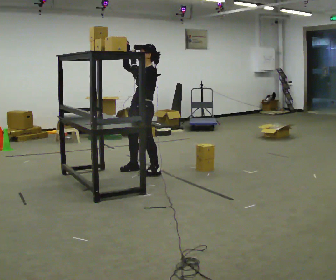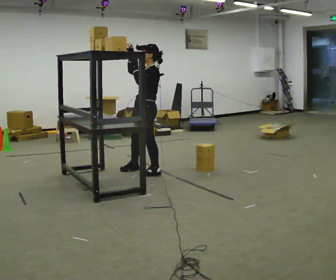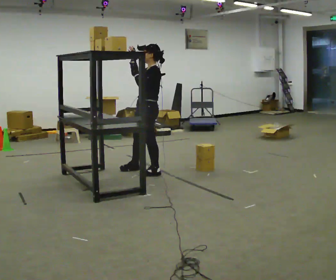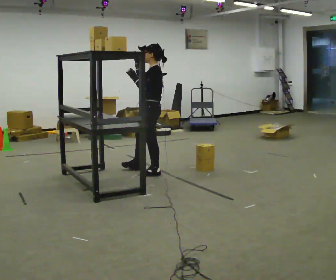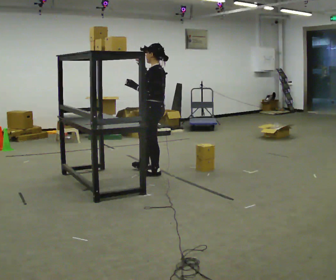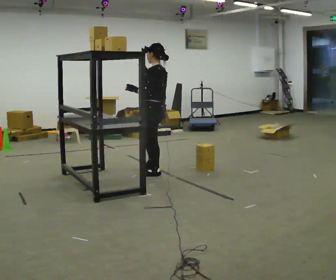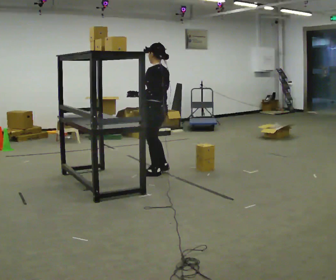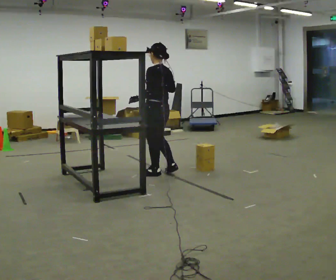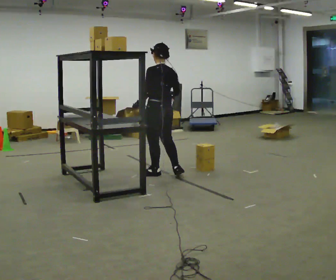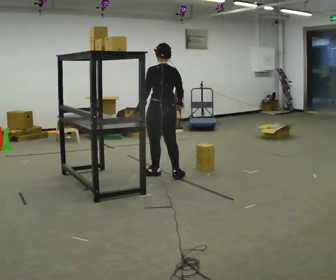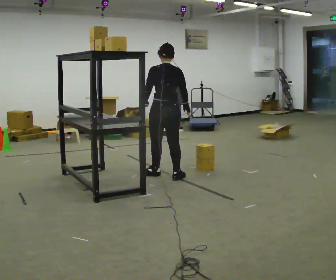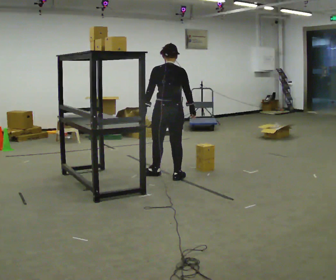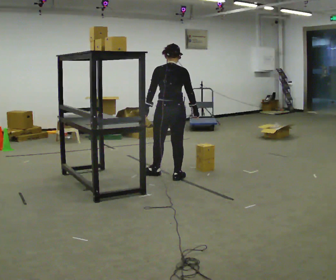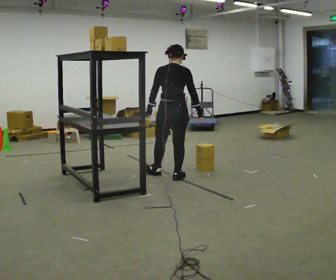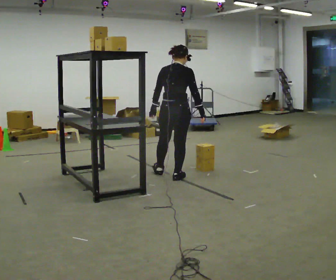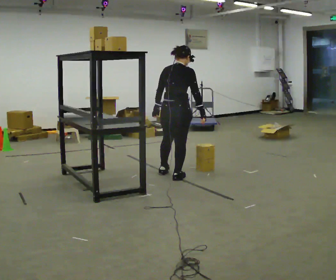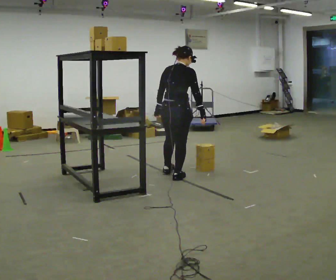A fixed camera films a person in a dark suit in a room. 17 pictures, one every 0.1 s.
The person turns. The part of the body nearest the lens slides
to the left.
The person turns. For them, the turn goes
to their right.
0.0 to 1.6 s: The person turns about 135 degrees to their right, clockwise seen from above, so the part of the body nearest the lens slides to the left. In the picture they go to the right and toward the camera, about 0.5 m in 1 step. In the picture their right hand goes downward.
The film runs forward here.
